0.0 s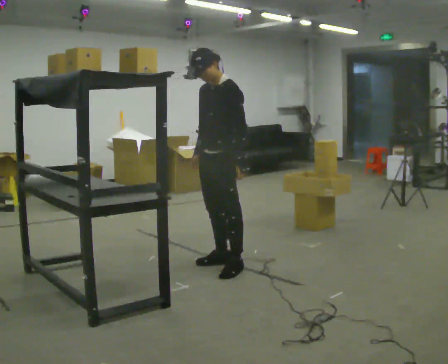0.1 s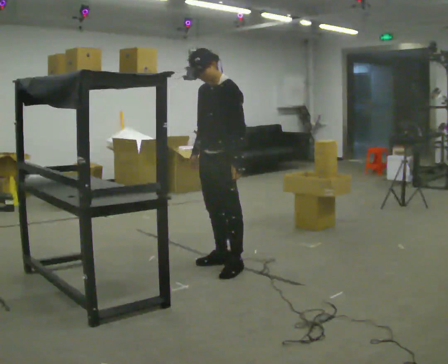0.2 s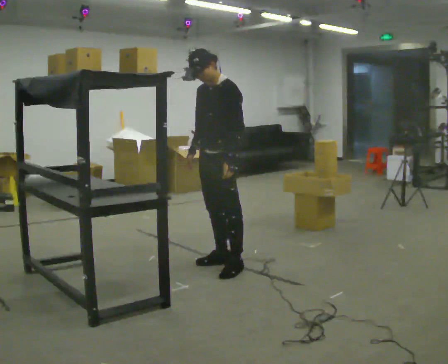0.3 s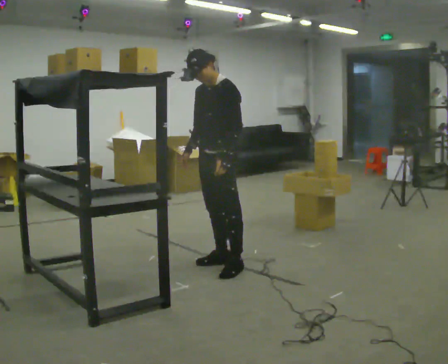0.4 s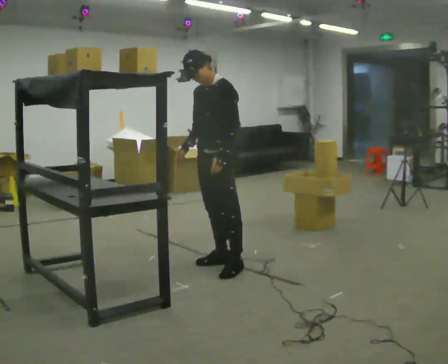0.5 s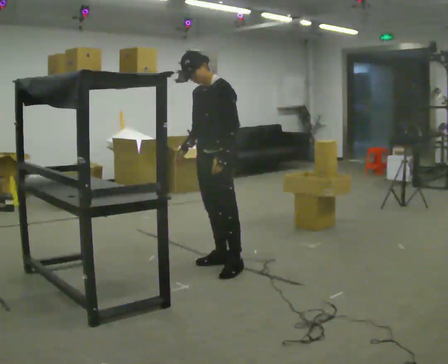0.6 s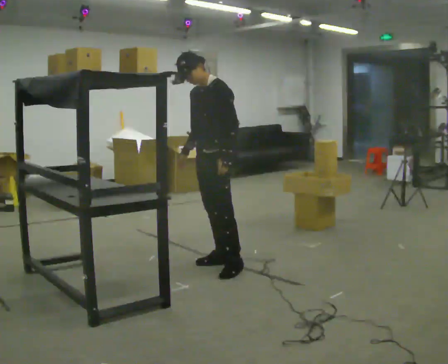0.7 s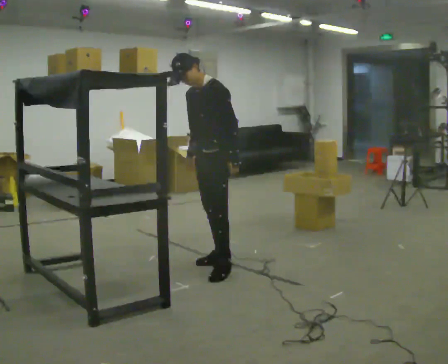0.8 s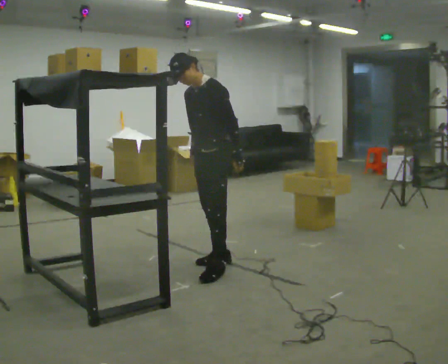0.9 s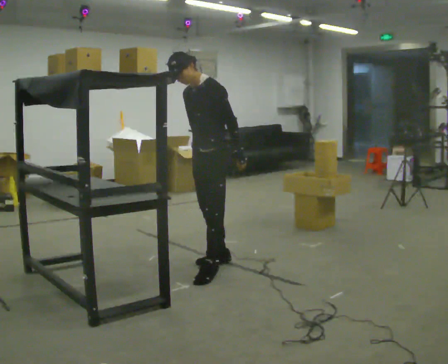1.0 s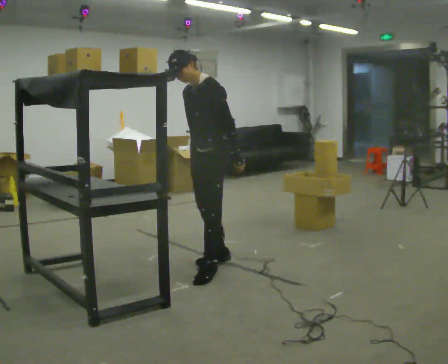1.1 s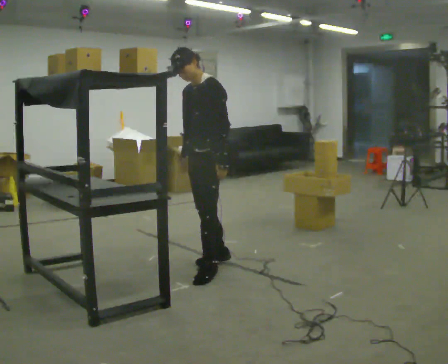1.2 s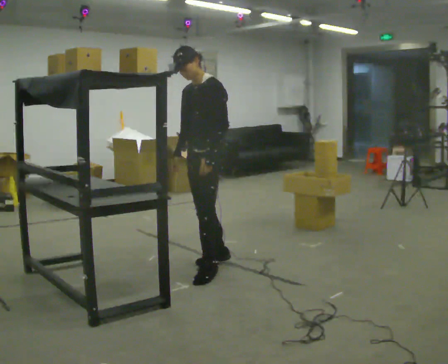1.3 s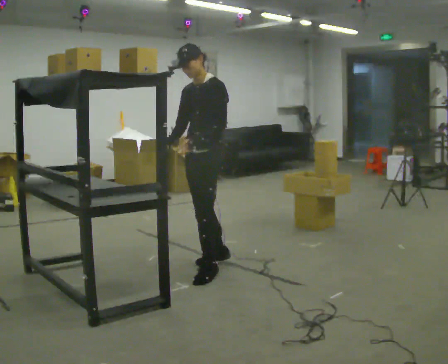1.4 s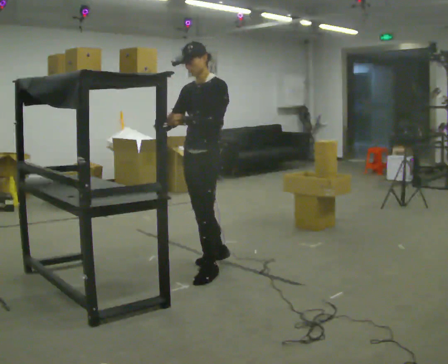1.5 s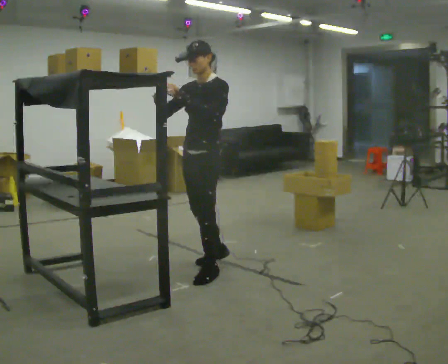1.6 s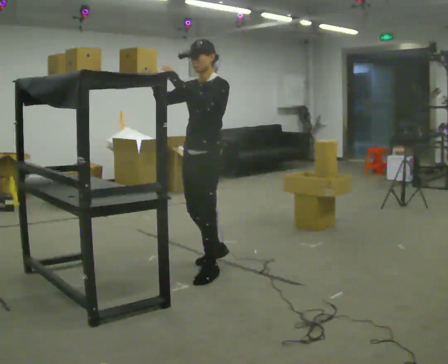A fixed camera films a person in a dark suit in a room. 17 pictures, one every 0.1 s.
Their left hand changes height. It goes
upward.
0.0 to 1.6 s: In the picture they go toward the camera, about 0.25 m in 1 step, which for them is forward. In the picture their right hand goes upward.
The film runs backward here.
